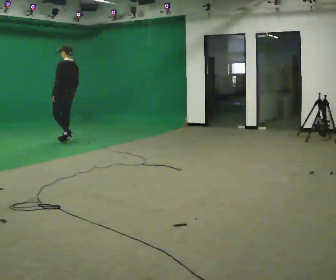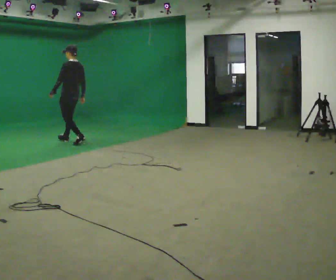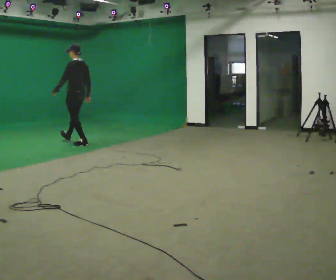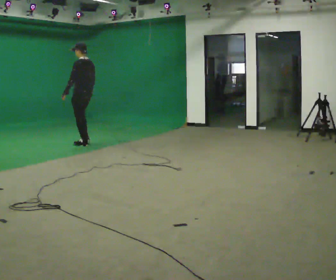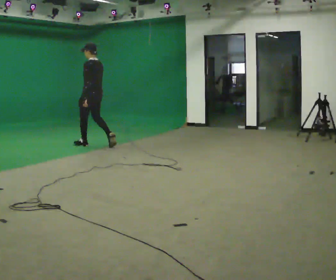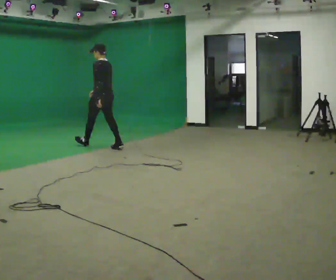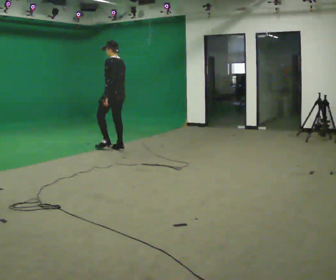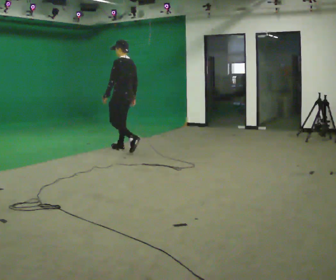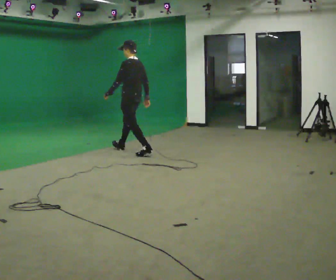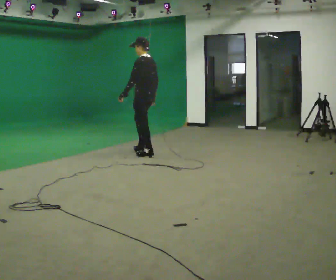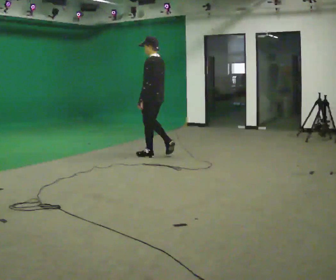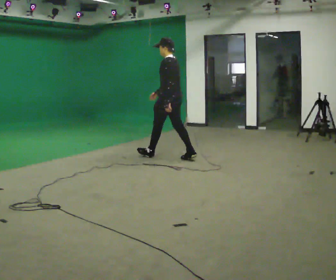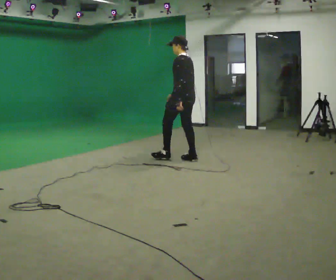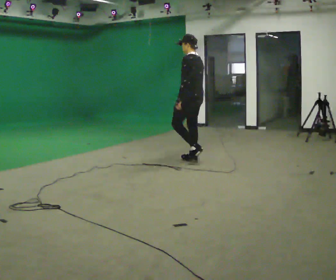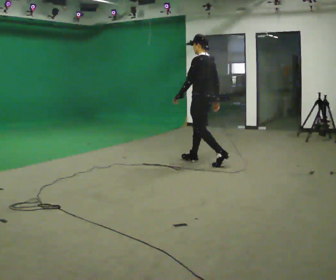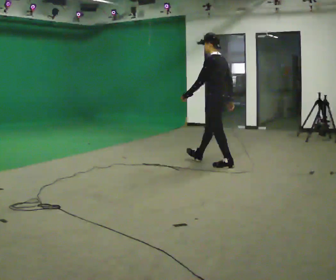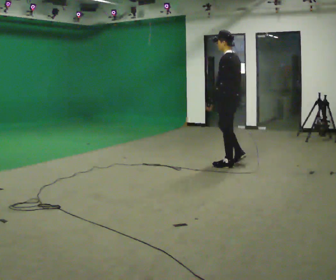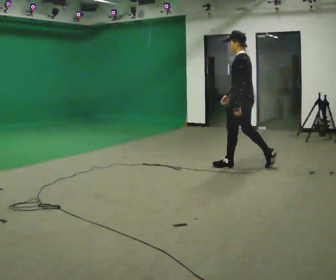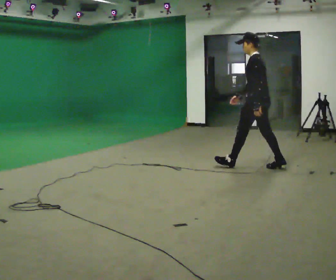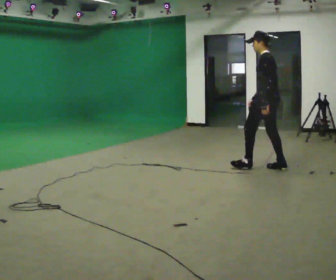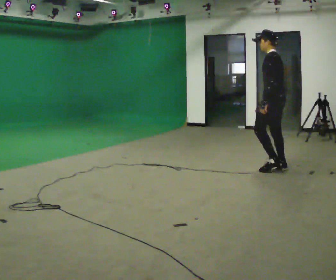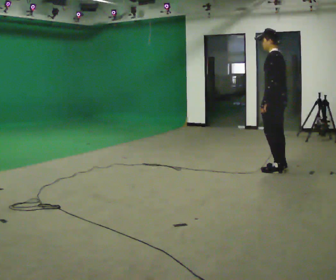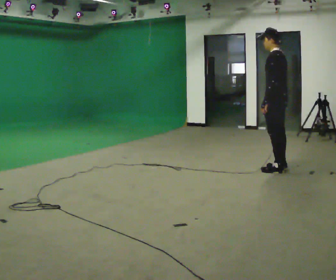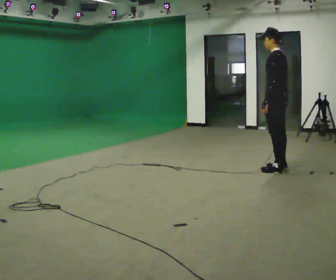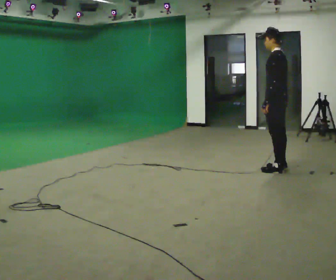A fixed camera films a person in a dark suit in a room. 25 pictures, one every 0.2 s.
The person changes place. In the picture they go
to the right.
0.0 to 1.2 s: In the picture they go to the right and toward the camera, about 1 m in 2 steps, which for them is backward.
1.2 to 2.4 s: In the picture they go to the right and toward the camera, about 1.5 m in 2 steps, which for them is backward.
2.4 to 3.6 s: In the picture they go to the right and toward the camera, about 1 m in 1 step, which for them is backward.
3.6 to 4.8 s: In the picture they go to the right and toward the camera, about 0.25 m in 1 step, which for them is backward.
The film runs backward here.
